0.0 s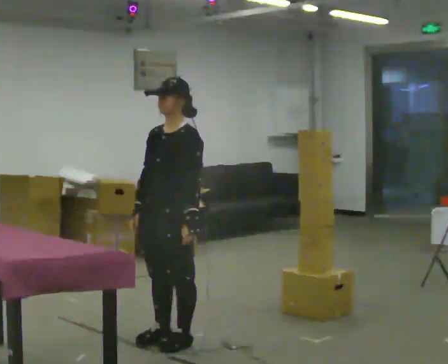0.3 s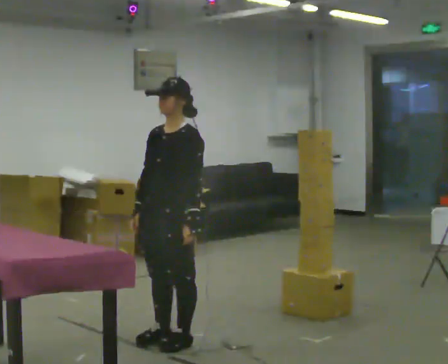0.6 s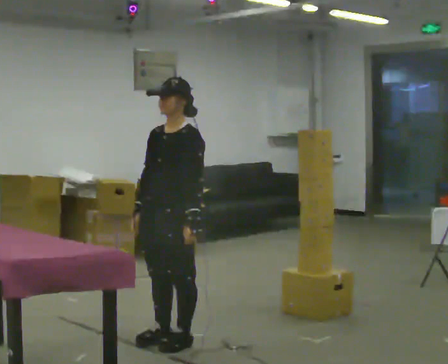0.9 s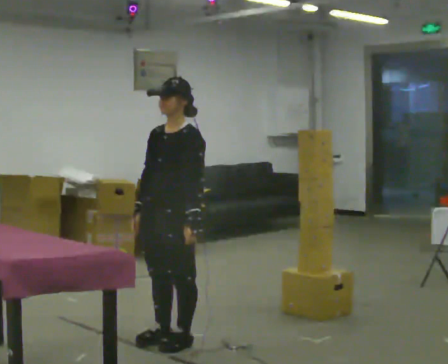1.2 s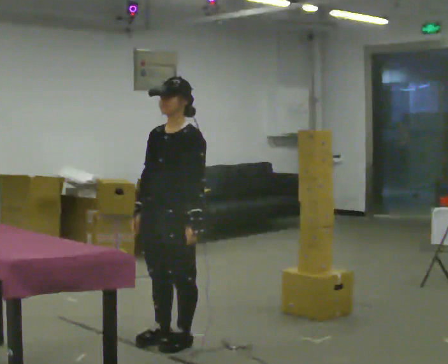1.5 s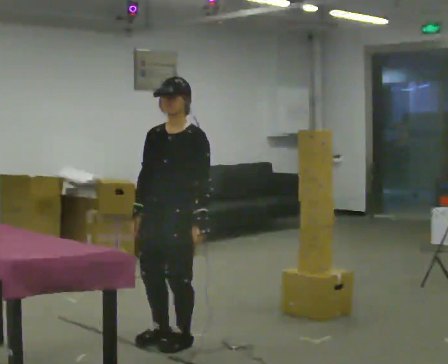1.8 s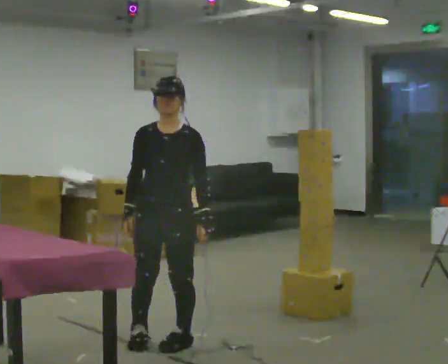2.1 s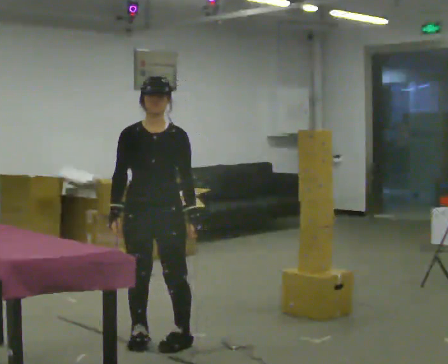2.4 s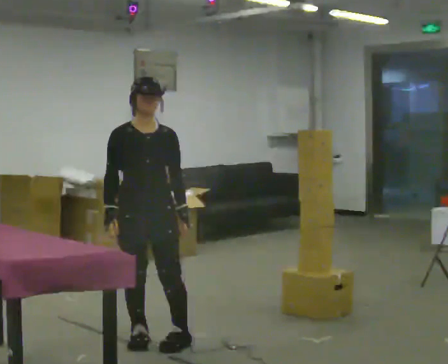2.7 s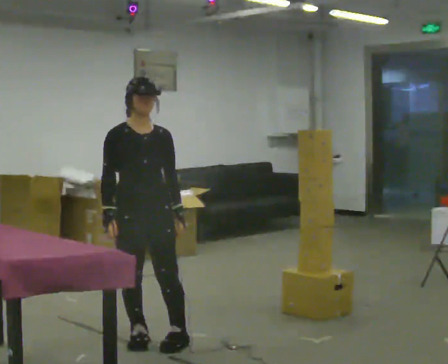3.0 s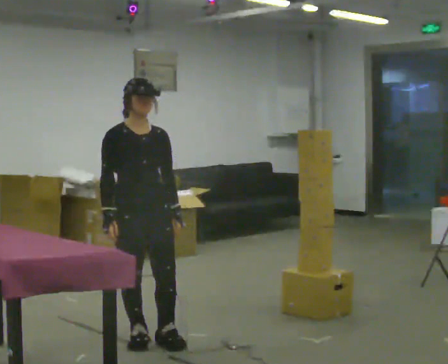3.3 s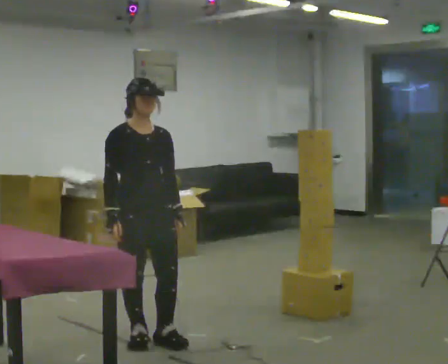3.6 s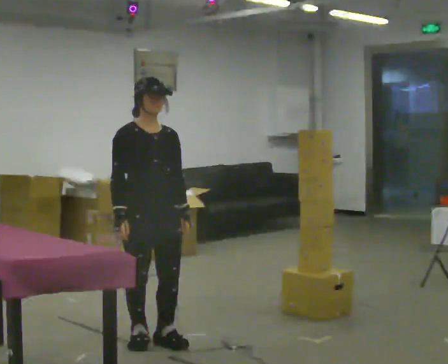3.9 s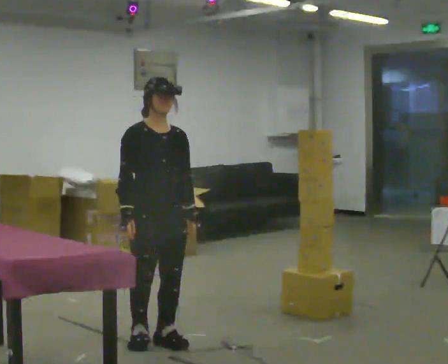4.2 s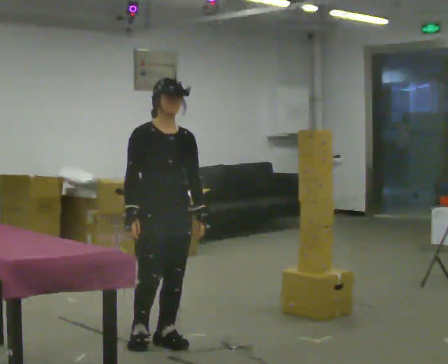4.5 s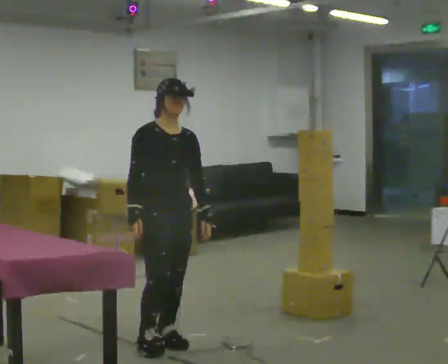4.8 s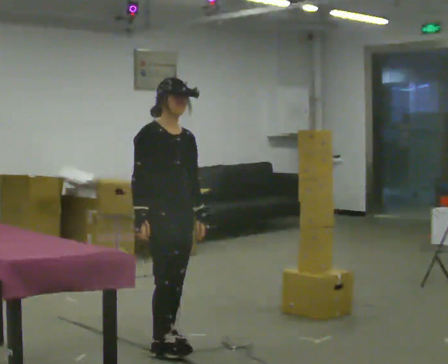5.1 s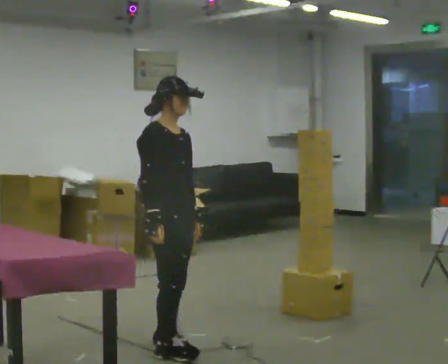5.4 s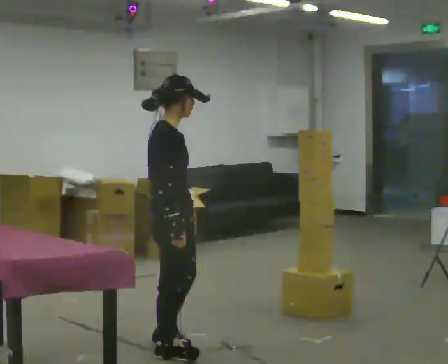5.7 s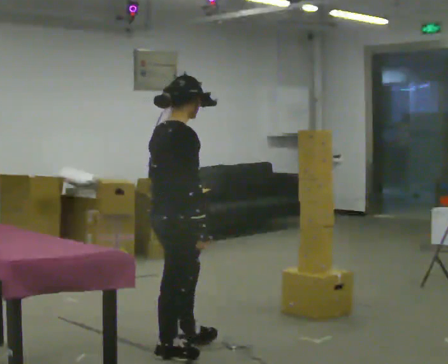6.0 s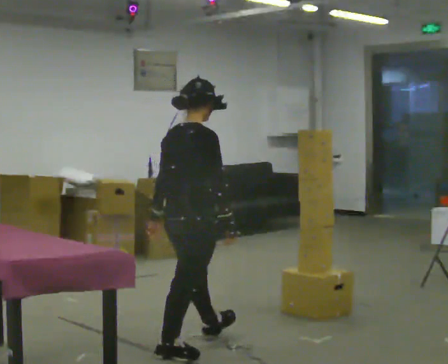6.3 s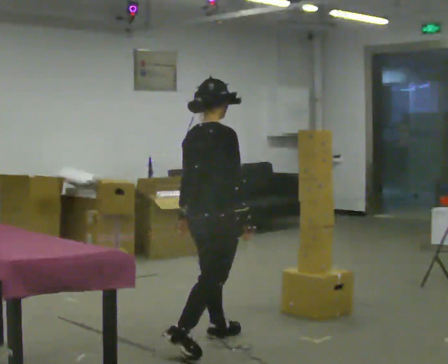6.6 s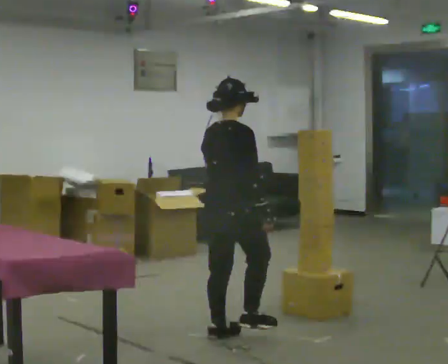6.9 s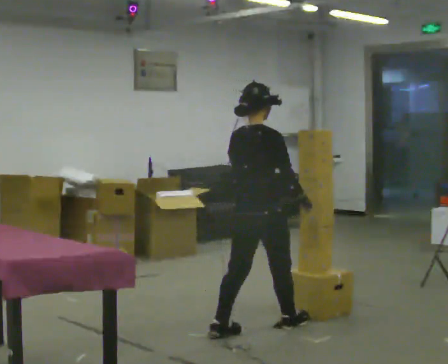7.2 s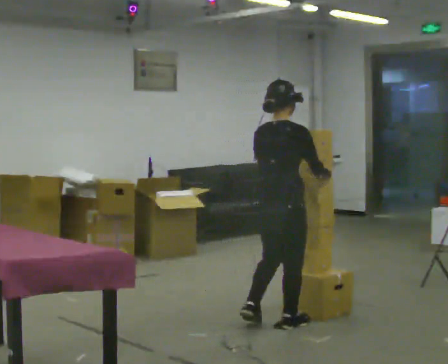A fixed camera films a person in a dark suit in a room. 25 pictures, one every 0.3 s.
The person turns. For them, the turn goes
to their left.
Their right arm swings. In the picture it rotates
counterclockwise.
0.0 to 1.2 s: The person keeps their place and pose.
1.2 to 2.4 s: The part of the body nearest the lens slides to the right as the person turns to their left by about 60 degrees. In the picture they go to the left, about 0.25 m, which for them is to their right.
2.4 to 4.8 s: The part of the body nearest the lens slides to the right as the person turns to their left by about 30 degrees.
4.8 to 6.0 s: The person turns about 75 degrees to their left, counterclockwise seen from above, so the part of the body nearest the lens slides to the right. In the picture they go toward the camera, about 0.25 m in 1 step.
6.0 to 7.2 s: Seen from above the body turns counterclockwise, about 30 degrees: to their left, with its near side sliding to the right. In the picture they go to the right and away from the camera, about 1 m in 2 steps, which for them is forward.
The film runs forward here.
